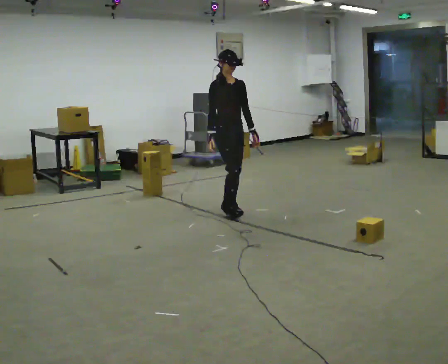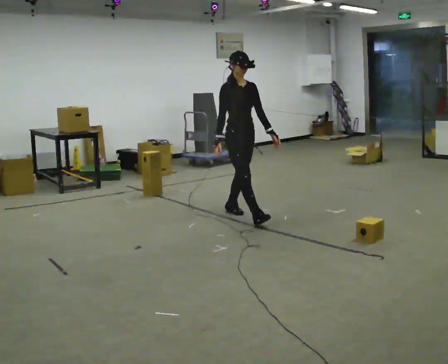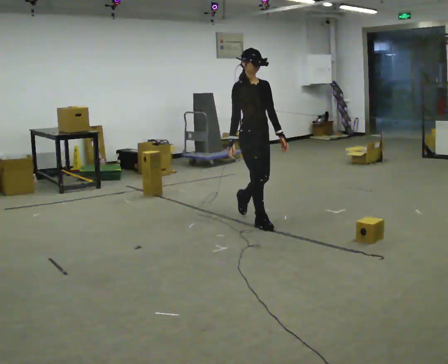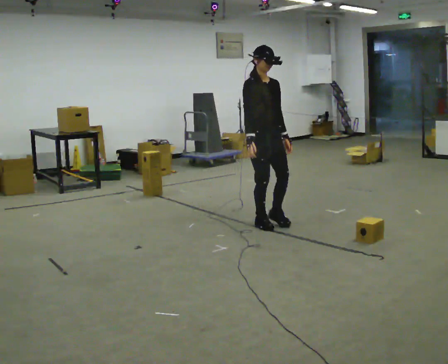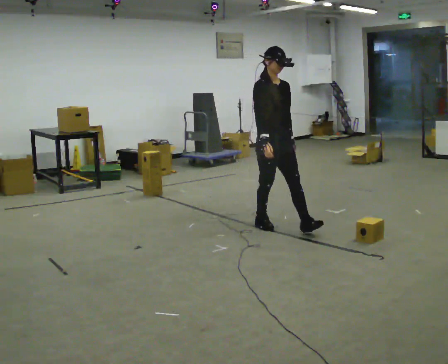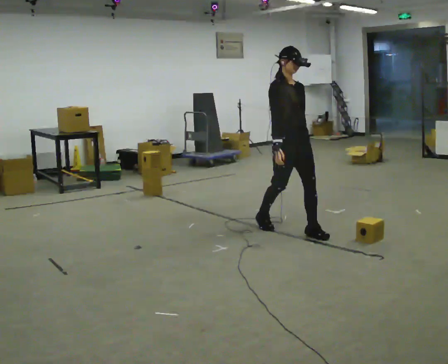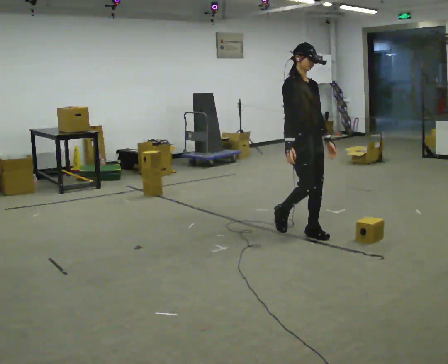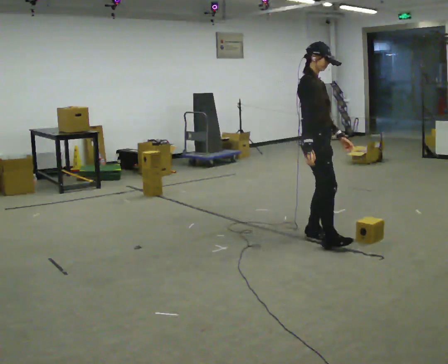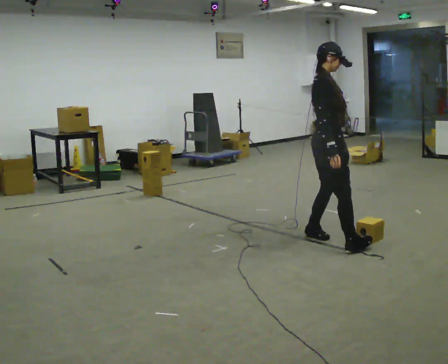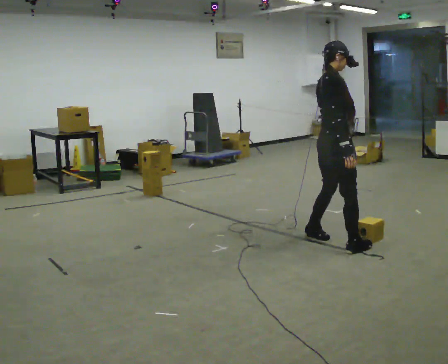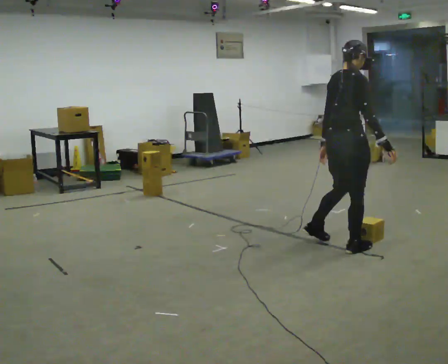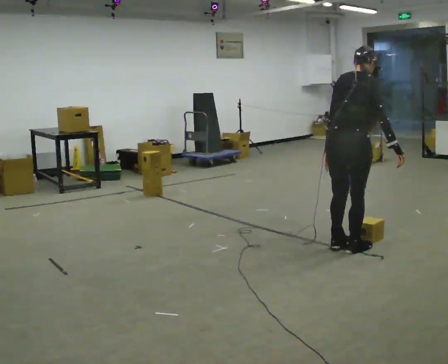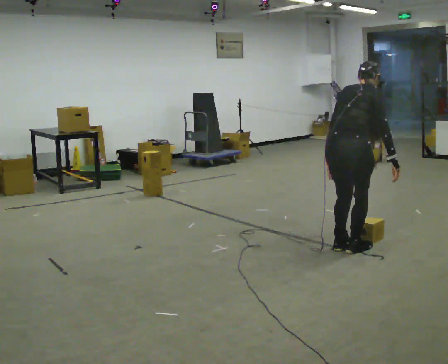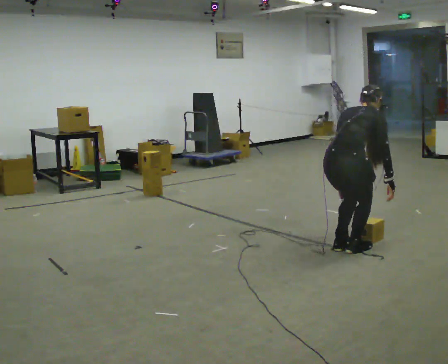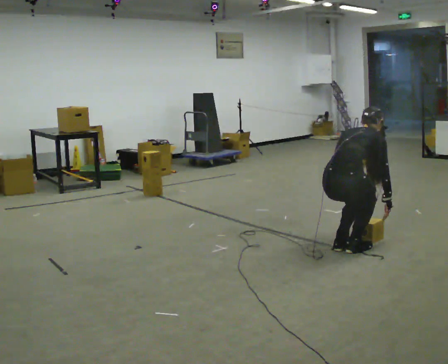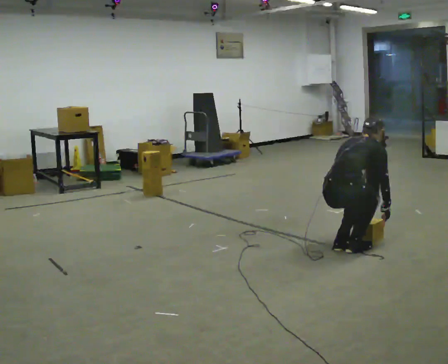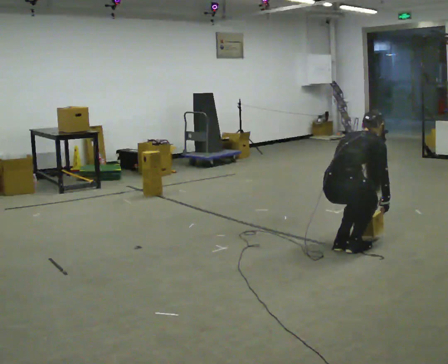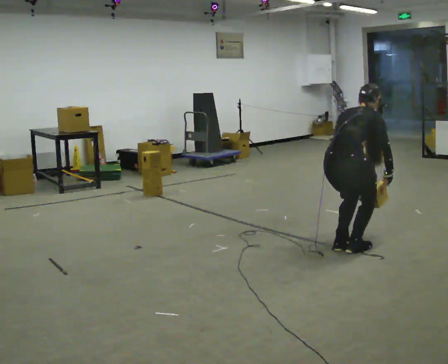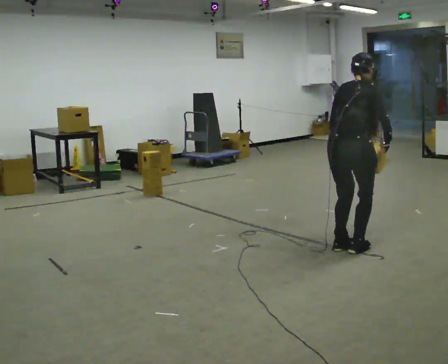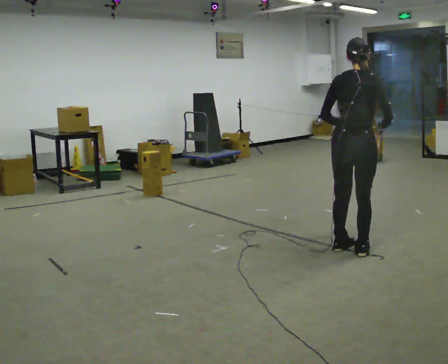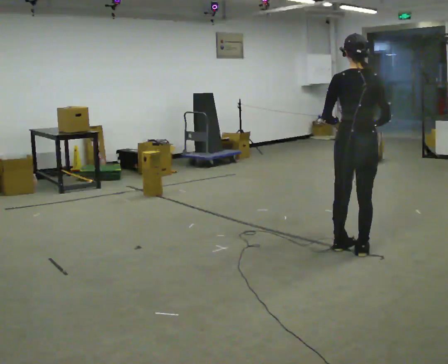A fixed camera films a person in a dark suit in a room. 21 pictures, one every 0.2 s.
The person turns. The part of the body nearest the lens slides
to the right.
The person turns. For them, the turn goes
to their left.
0.0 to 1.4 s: Seen from above the body turns counterclockwise, about 30 degrees: to their left, with its near side sliding to the right. In the picture they go to the right and toward the camera, about 1 m in 2 steps, which for them is forward.
1.4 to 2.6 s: The part of the body nearest the lens slides to the right as the person turns to their left by about 75 degrees. In the picture they go toward the camera and to the right, about 0.5 m in 2 steps. The shoulders move downward. The upper body tips away from the camera, its near side rolling upward, as they bend forward.
2.6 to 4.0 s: Seen from above the body turns counterclockwise, about 30 degrees: to their left, with its near side sliding to the right. The upper body tips toward the camera, its near side rolling downward, as they lean back or straighten. In the picture their right hand goes upward.
The film runs forward here.
